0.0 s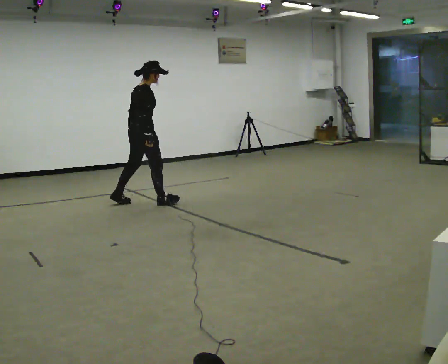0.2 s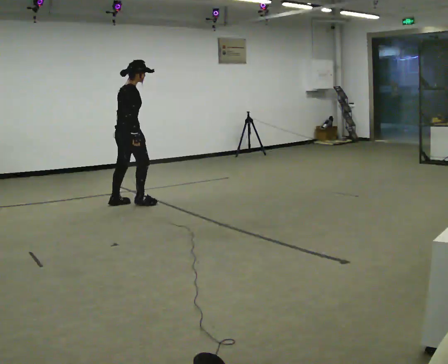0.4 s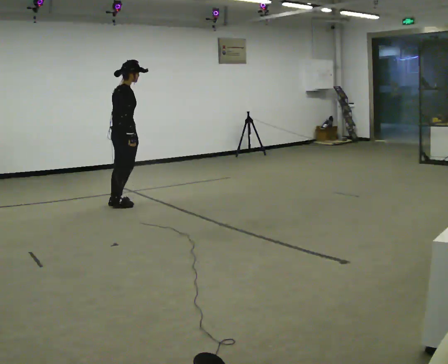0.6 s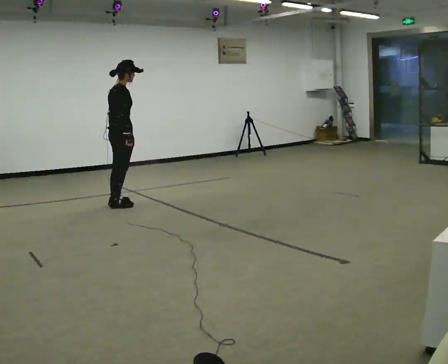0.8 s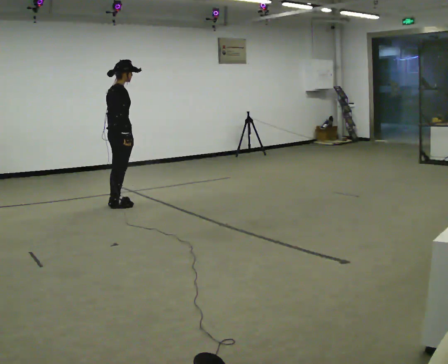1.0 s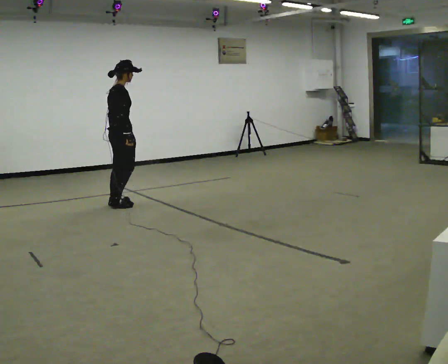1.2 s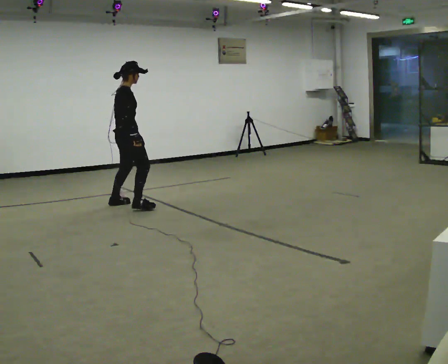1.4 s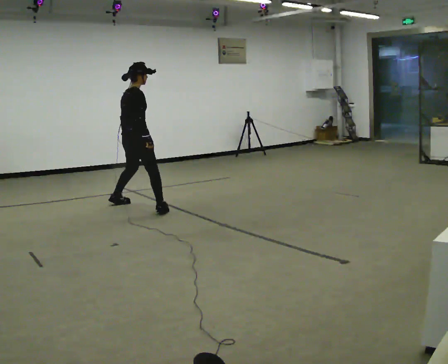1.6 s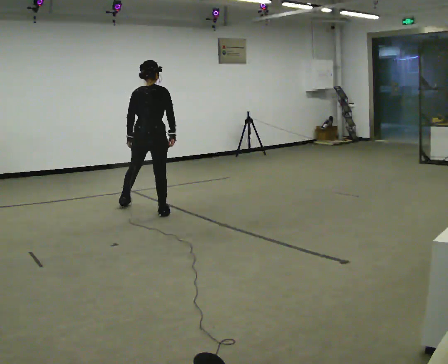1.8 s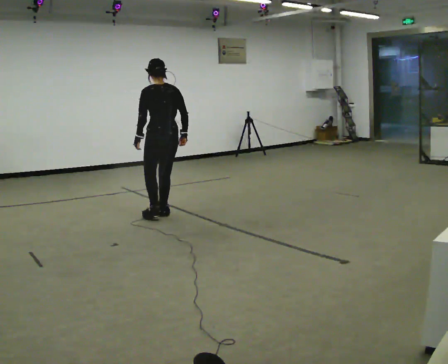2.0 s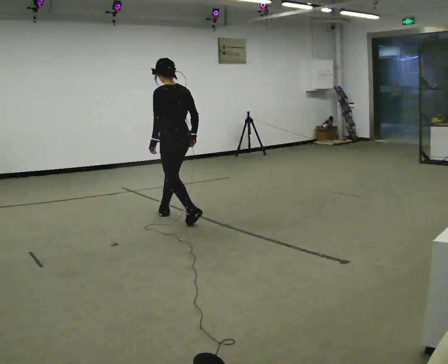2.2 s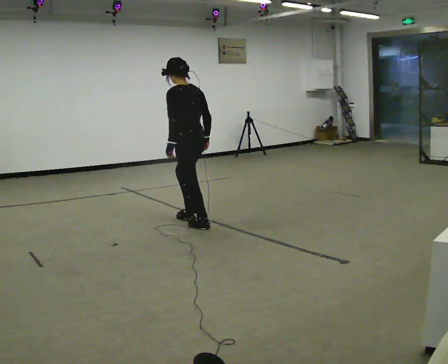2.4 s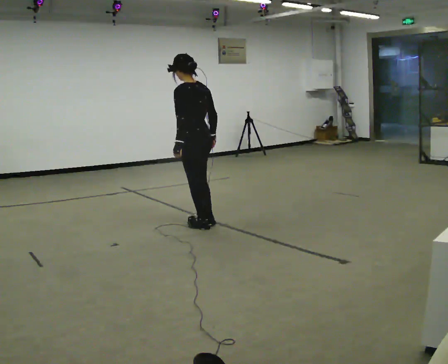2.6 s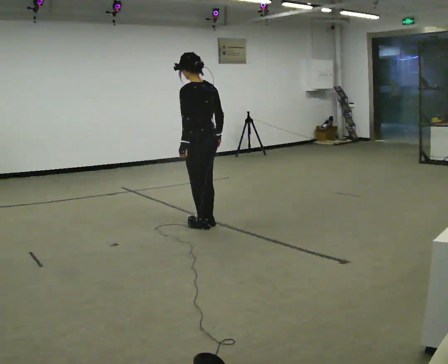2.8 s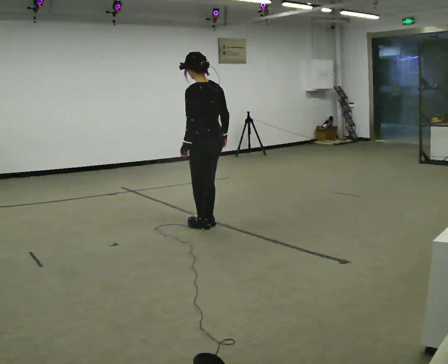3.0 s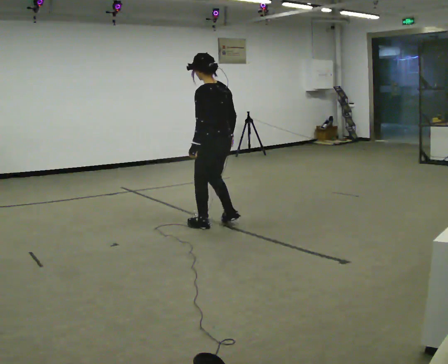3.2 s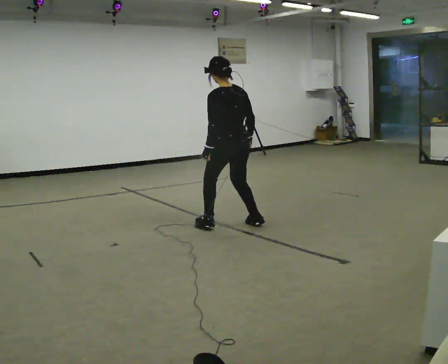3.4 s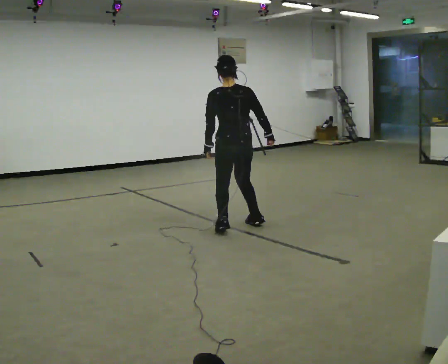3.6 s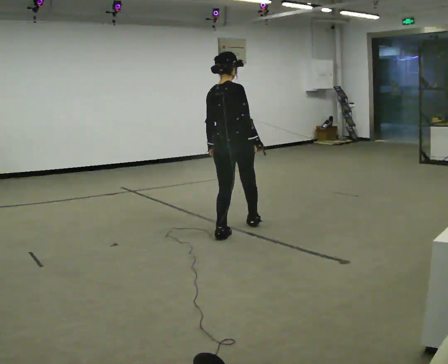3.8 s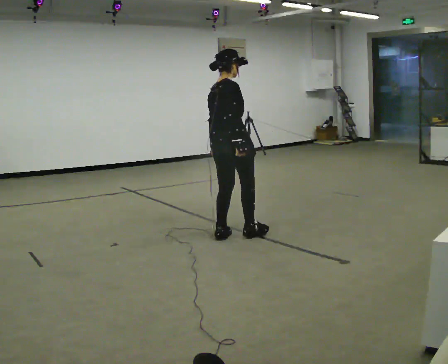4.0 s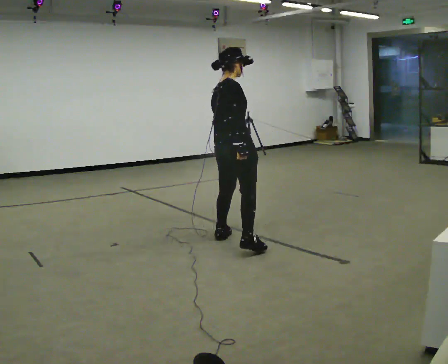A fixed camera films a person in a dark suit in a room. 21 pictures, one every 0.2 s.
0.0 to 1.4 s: In the picture they go toward the camera, about 0.25 m in 2 steps, which for them is to their right and backward.
1.4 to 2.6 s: The part of the body nearest the lens slides to the right as the person turns to their left by about 105 degrees. In the picture they go toward the camera and to the right, about 1 m in 3 steps.
2.6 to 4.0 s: The person turns about 105 degrees to their right, clockwise seen from above, so the part of the body nearest the lens slides to the left. In the picture they go toward the camera, about 0.5 m in 2 steps.
The film runs forward here.
